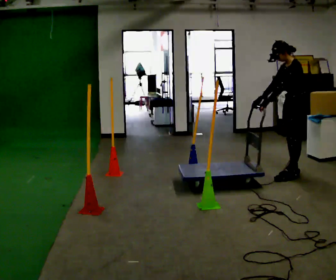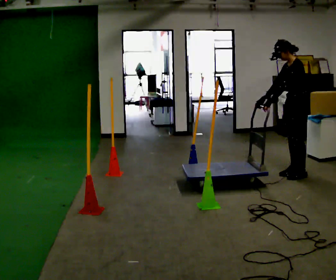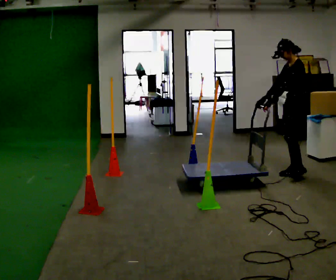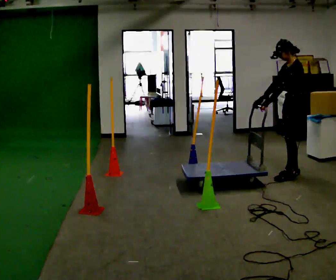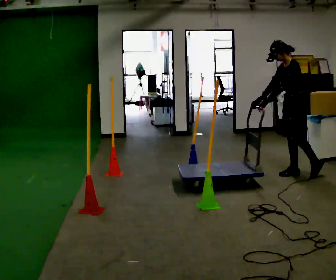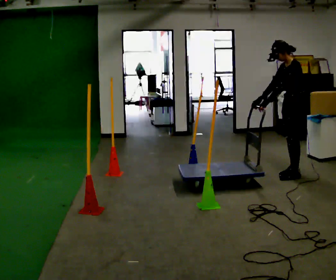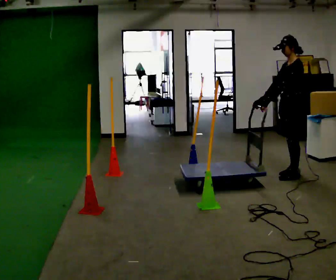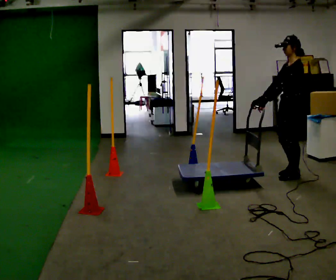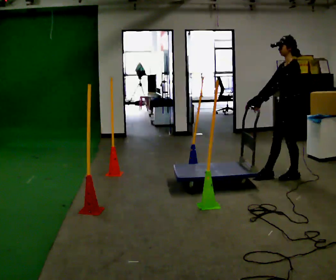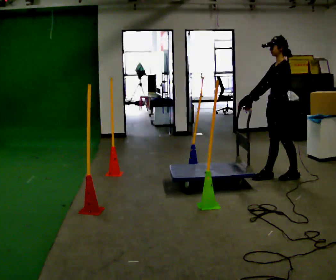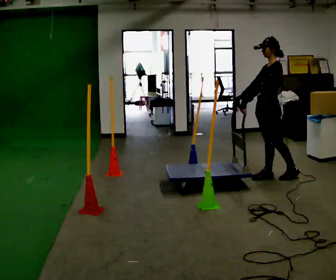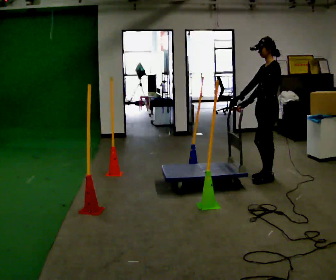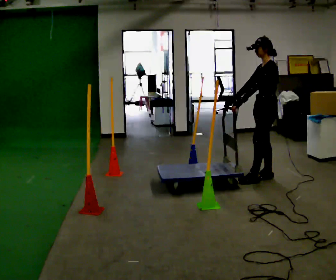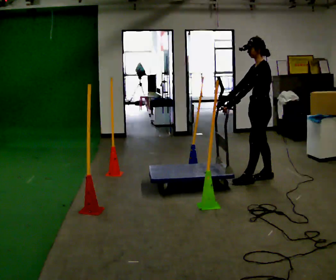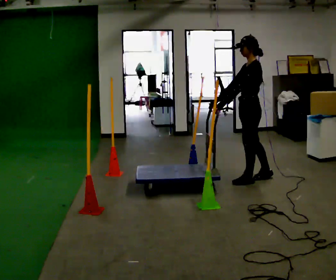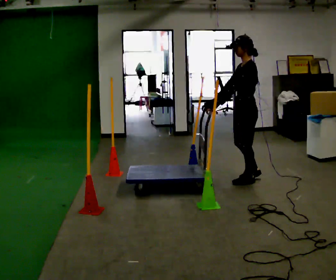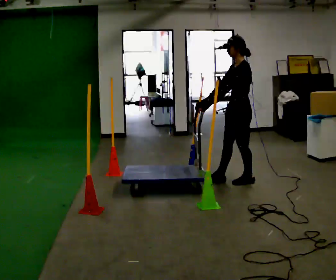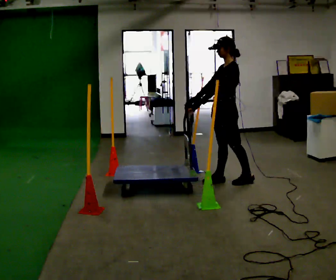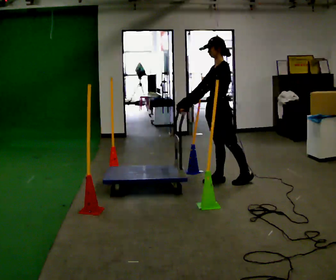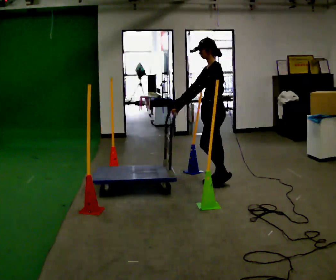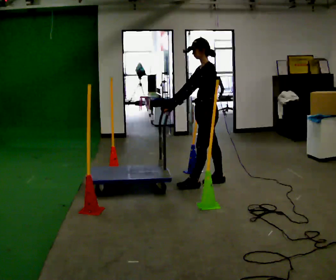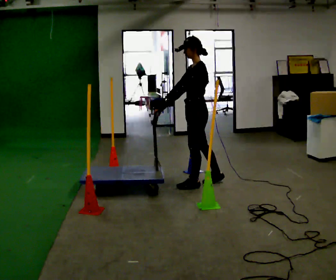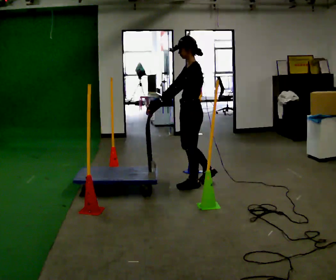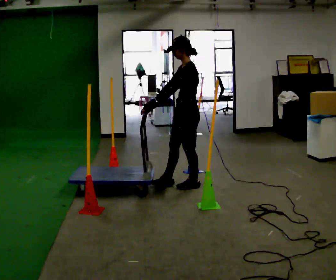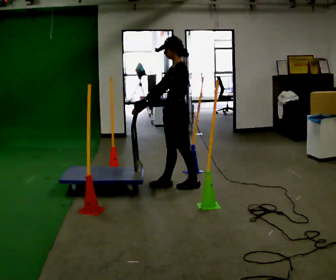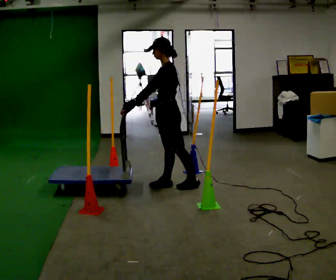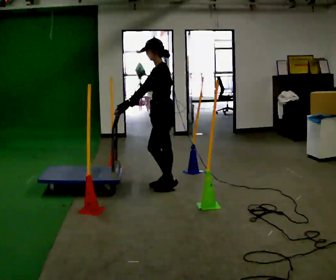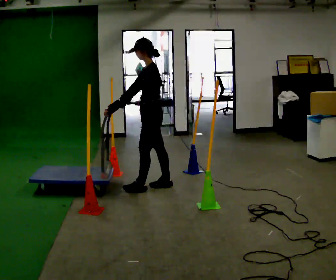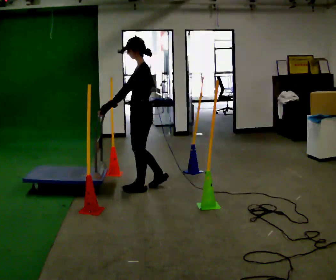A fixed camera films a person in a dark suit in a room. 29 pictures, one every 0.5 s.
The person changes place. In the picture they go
to the left.
0.0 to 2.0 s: The person moves a little, or ends about where they began.
2.0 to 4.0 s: In the picture they go toward the camera, about 0.25 m in 3 steps, which for them is to their left and forward.
4.0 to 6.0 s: In the picture they go to the left, about 0.25 m in 1 step, which for them is forward.
6.0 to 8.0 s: In the picture they go to the left and toward the camera, about 0.25 m in 1 step, which for them is forward and to their left.
8.0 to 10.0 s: In the picture they go to the left, about 0.25 m in 1 step, which for them is forward.
10.0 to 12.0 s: In the picture they go to the left and toward the camera, about 0.25 m in 1 step, which for them is forward.
12.0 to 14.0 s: In the picture they go to the left and toward the camera, about 0.5 m in 1 step, which for them is forward.
The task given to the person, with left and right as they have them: Push the cart in and out of the line of poles without touching any of them. Keep going until the operator says stop.
The film runs forward here.
